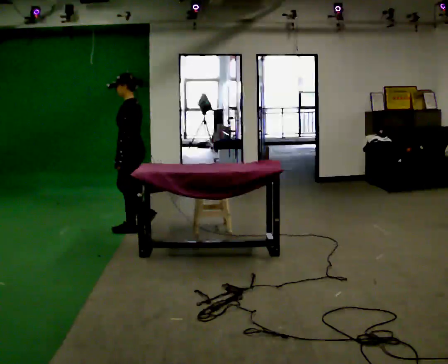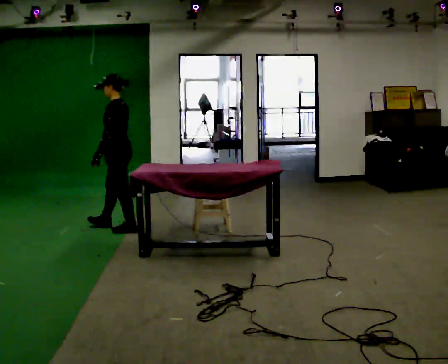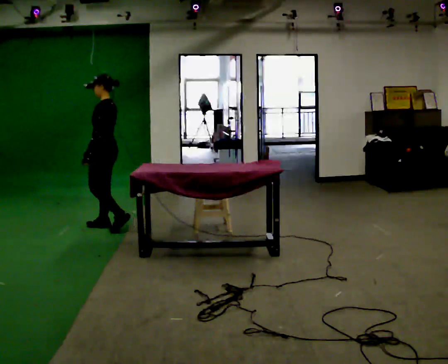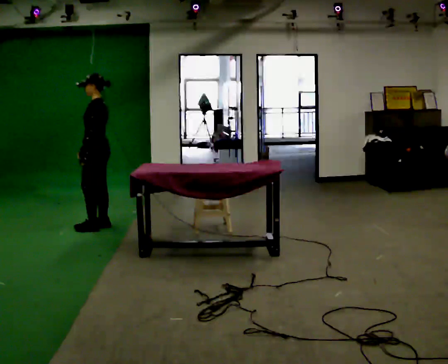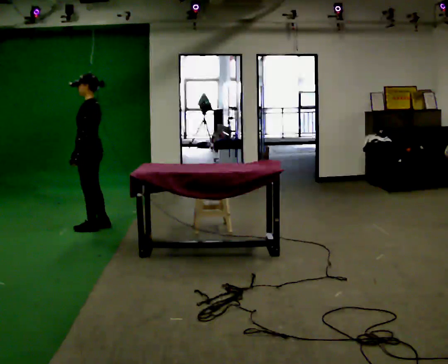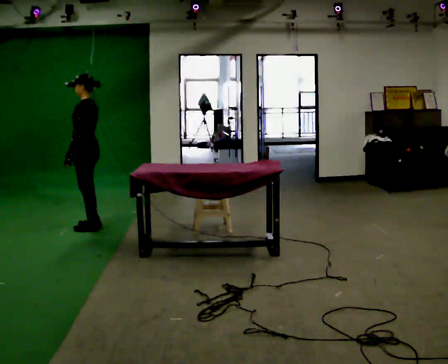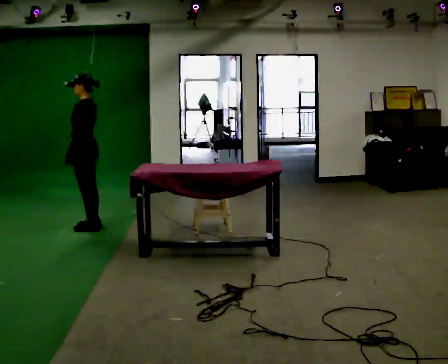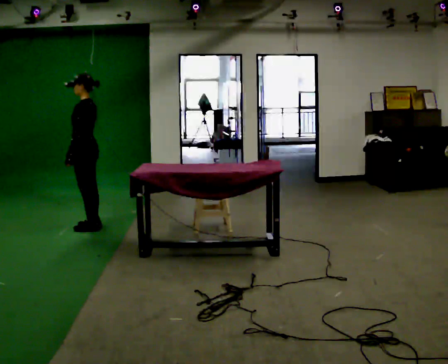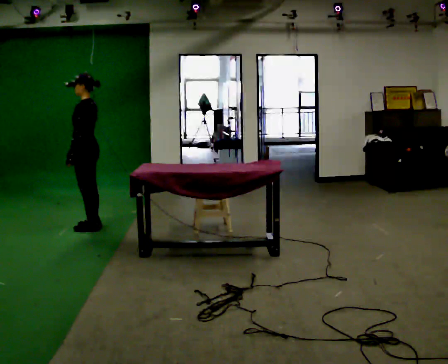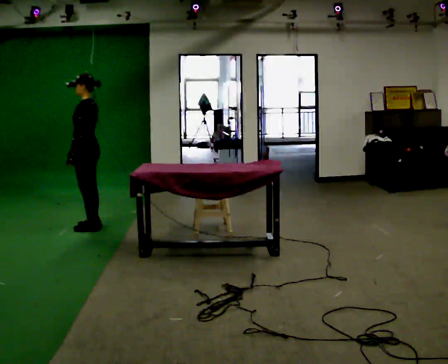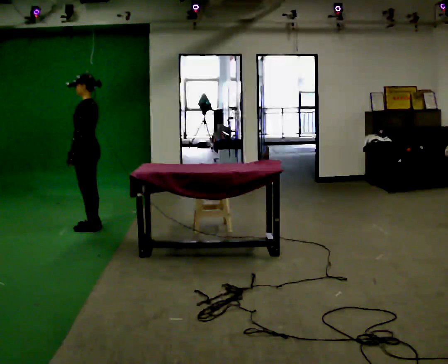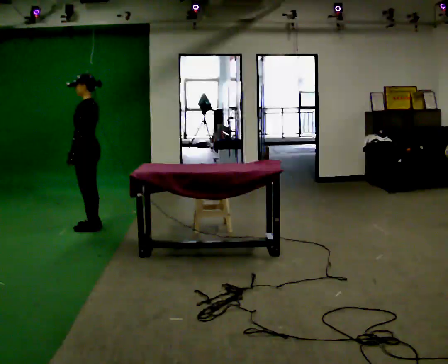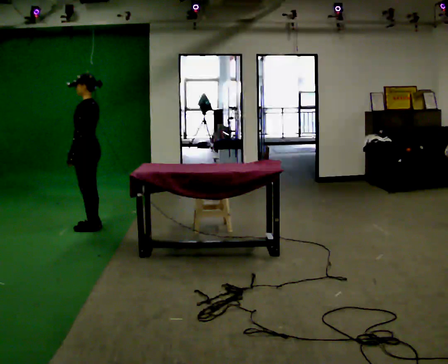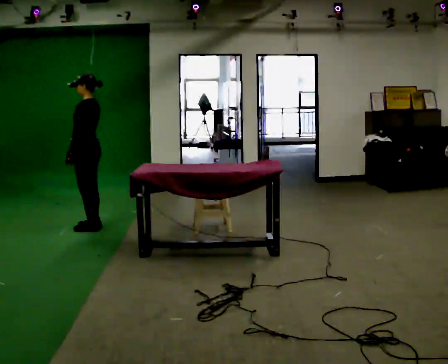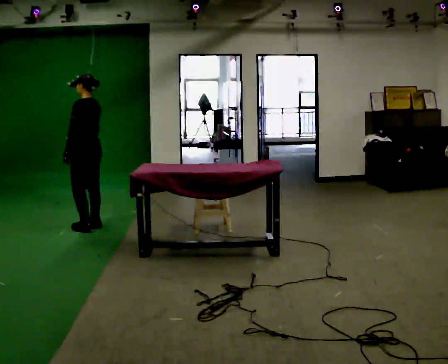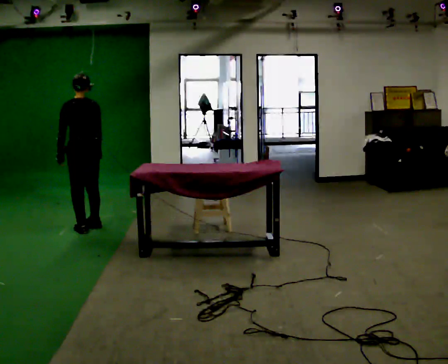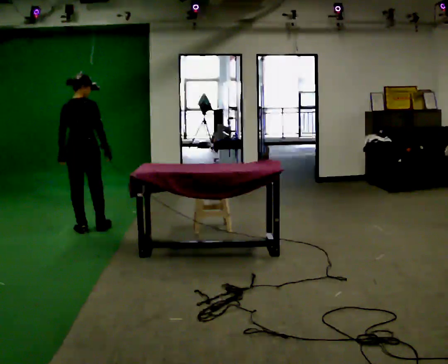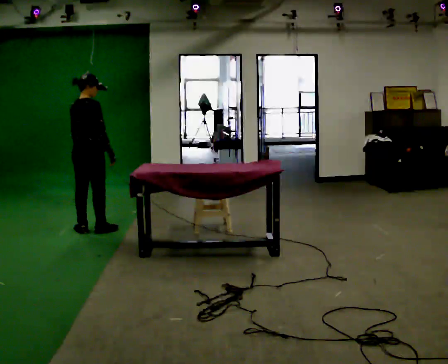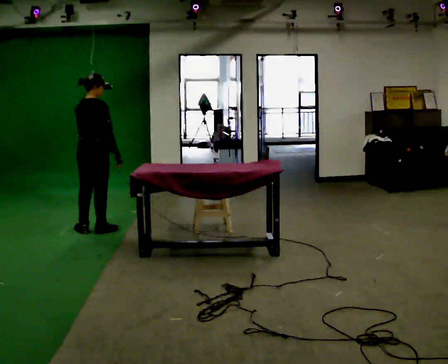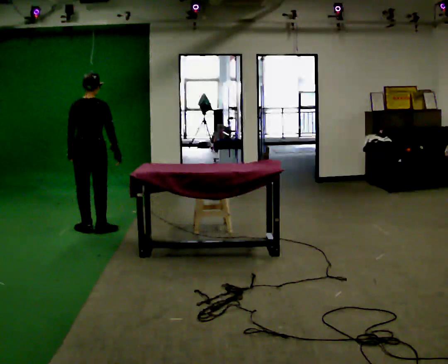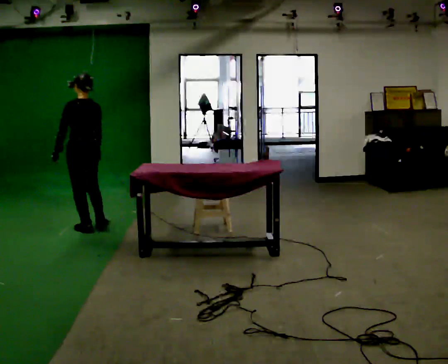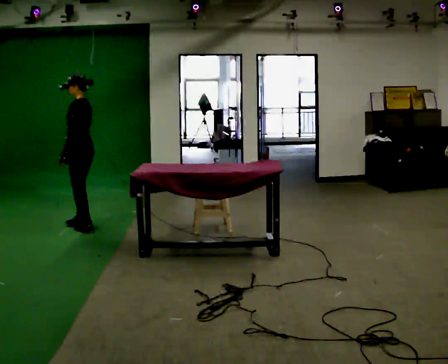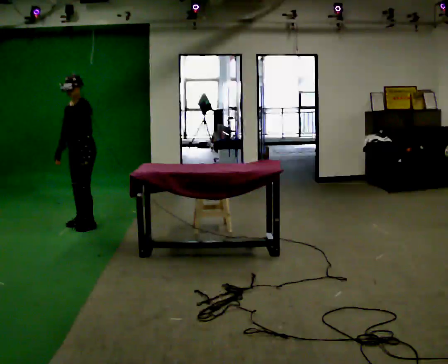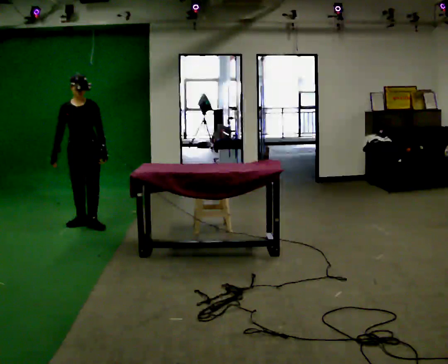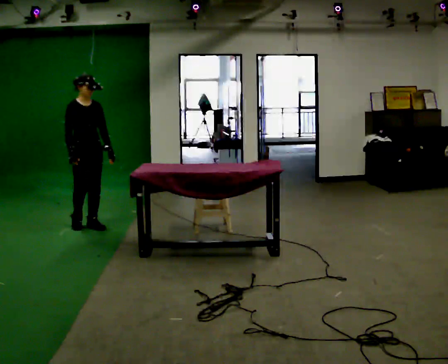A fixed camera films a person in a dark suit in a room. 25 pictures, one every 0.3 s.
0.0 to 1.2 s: In the picture they go to the left and away from the camera, about 0.5 m in 2 steps, which for them is forward.
1.2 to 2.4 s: The person moves a little, or ends about where they began.
2.4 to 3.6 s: The person keeps their place and pose.
3.6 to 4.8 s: Seen from above the body turns clockwise, about 90 degrees: to their right, with its near side sliding to the left.
4.8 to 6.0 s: Seen from above the body turns counterclockwise, about 45 degrees: to their left, with its near side sliding to the right.
6.0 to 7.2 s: Seen from above the body turns counterclockwise, about 180 degrees: to their left, with its near side sliding to the right. In the picture their left hand goes to the right, the arm swinging counterclockwise.
The film runs forward here.
